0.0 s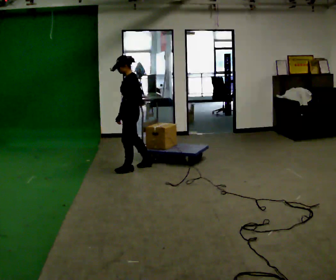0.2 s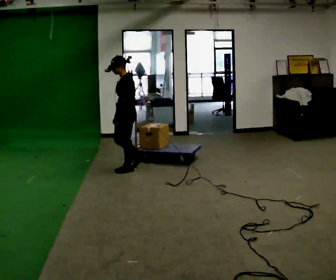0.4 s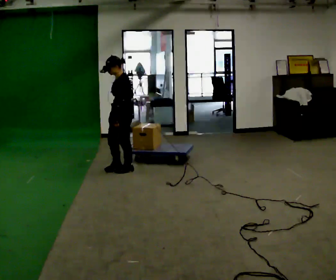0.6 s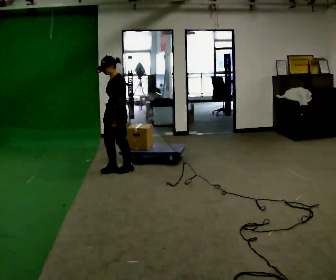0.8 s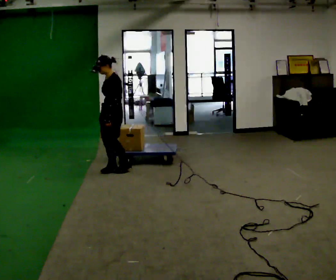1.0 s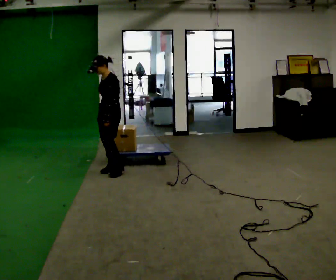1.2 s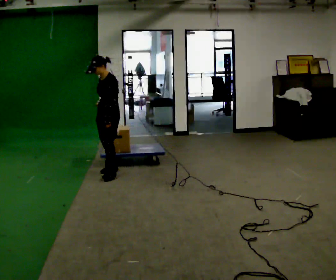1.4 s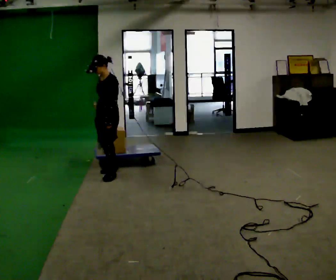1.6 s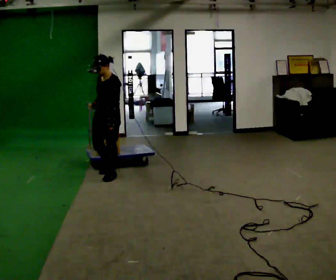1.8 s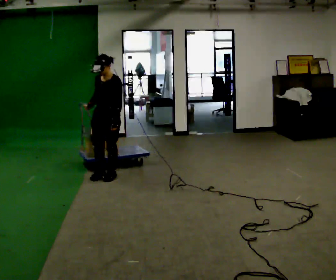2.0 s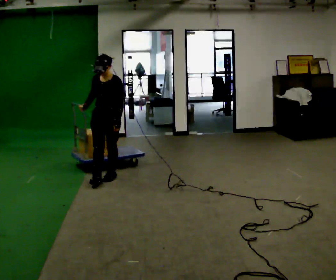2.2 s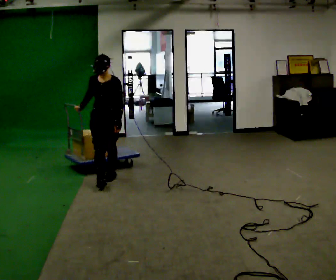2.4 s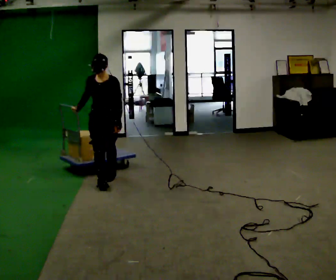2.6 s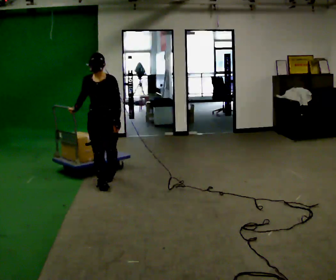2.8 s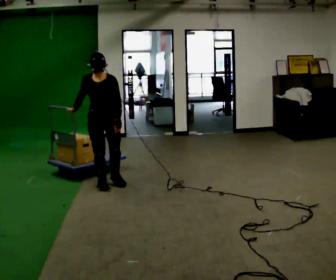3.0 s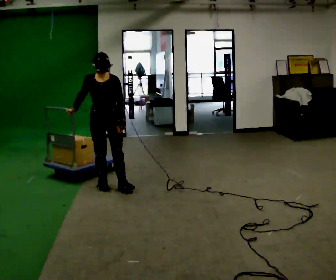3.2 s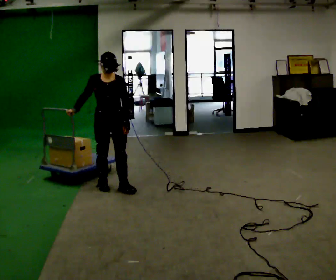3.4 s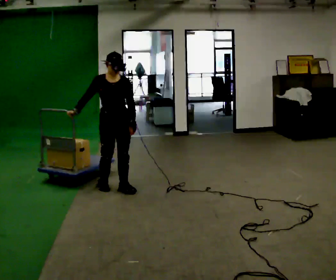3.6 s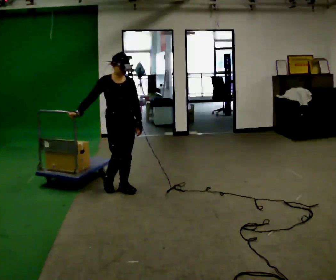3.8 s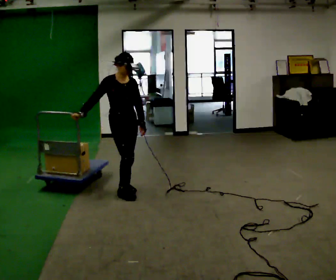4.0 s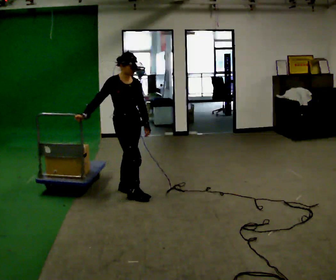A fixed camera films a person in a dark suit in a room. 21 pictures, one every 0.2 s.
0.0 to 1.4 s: Seen from above the body turns counterclockwise, about 30 degrees: to their left, with its near side sliding to the right. In the picture they go to the left and toward the camera, about 0.25 m in 2 steps, which for them is forward.
1.4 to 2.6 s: The person turns about 45 degrees to their left, counterclockwise seen from above, so the part of the body nearest the lens slides to the right. In the picture they go toward the camera, about 0.5 m in 1 step, which for them is forward.
2.6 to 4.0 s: Seen from above the body turns counterclockwise, about 45 degrees: to their left, with its near side sliding to the right. In the picture they go toward the camera and to the right, about 0.5 m in 2 steps, which for them is forward.
The film runs forward here.
